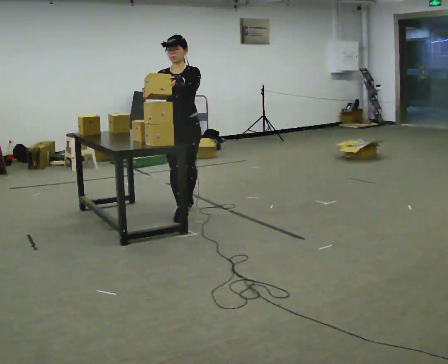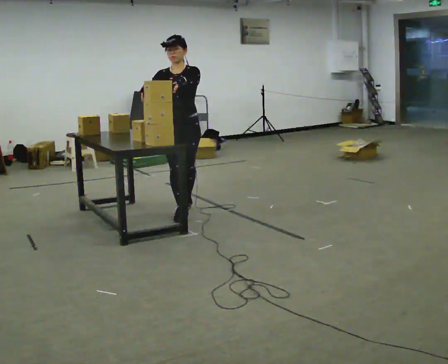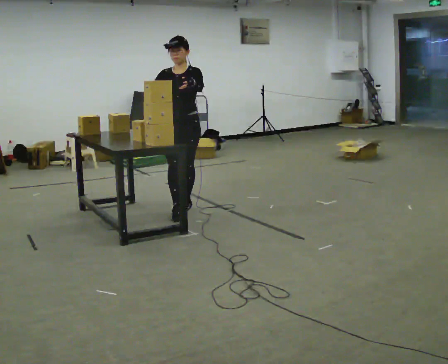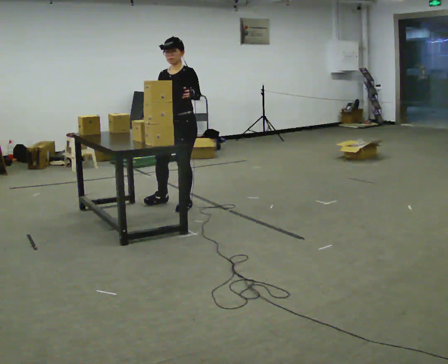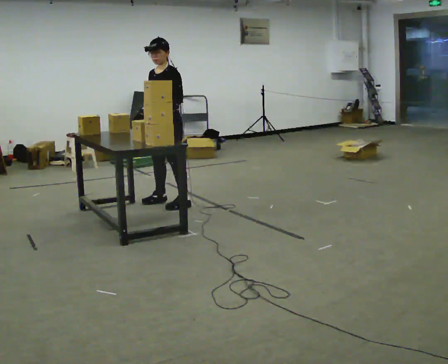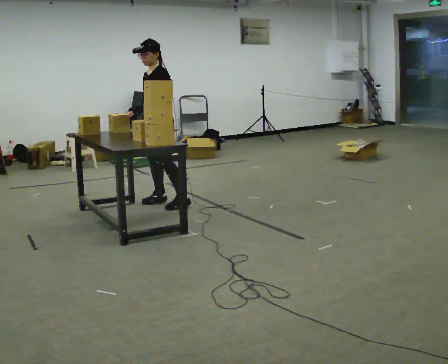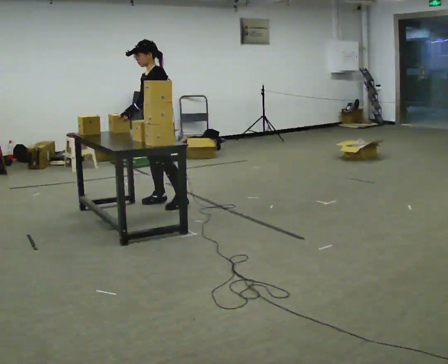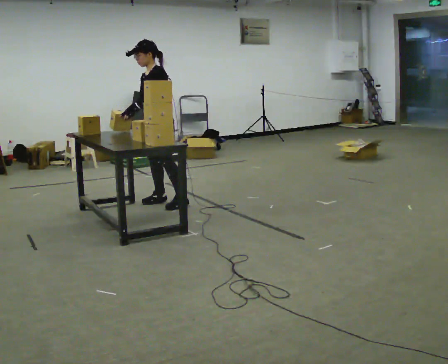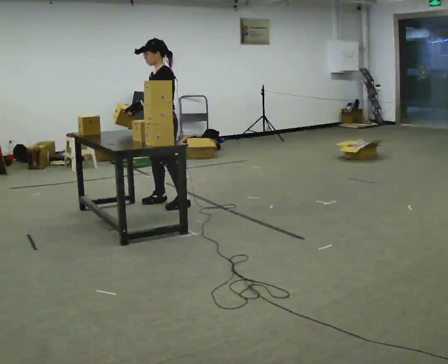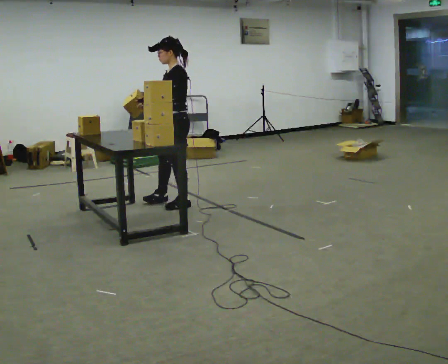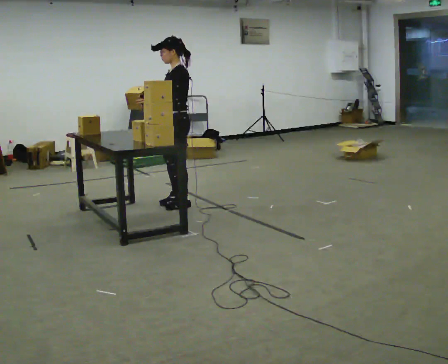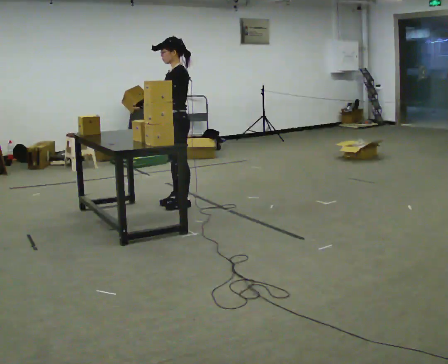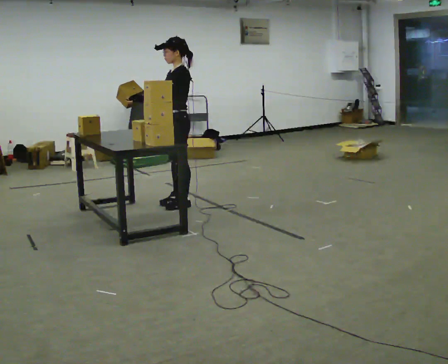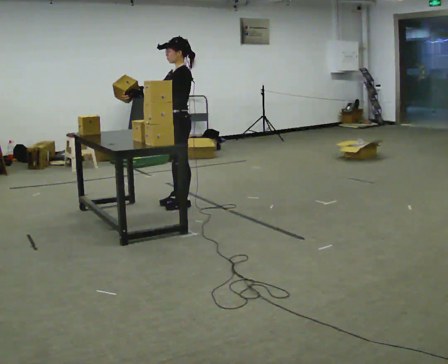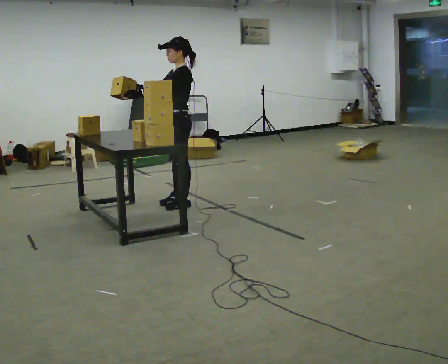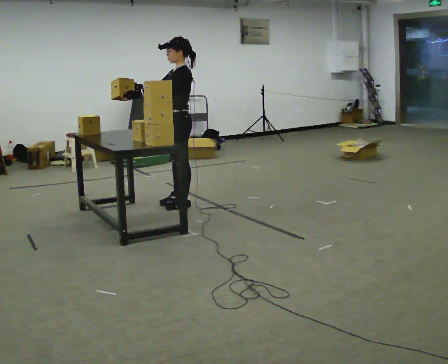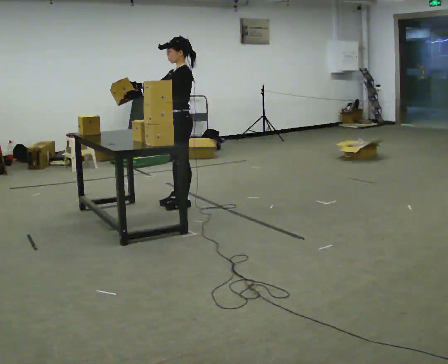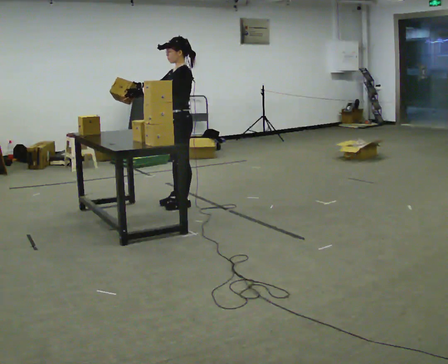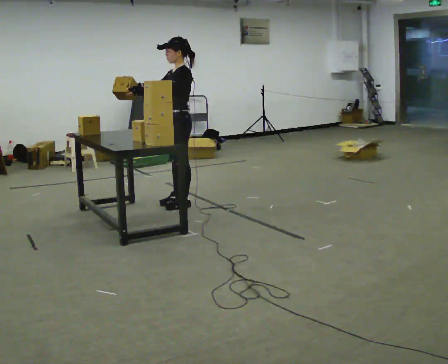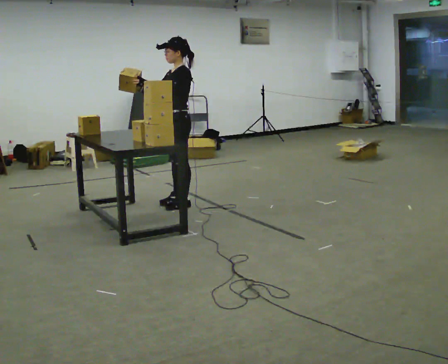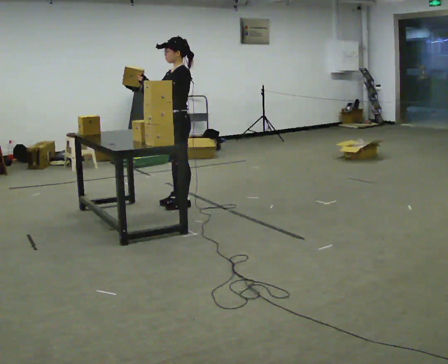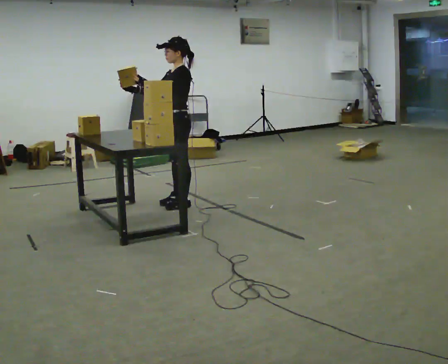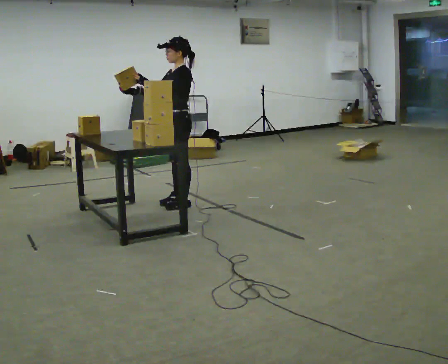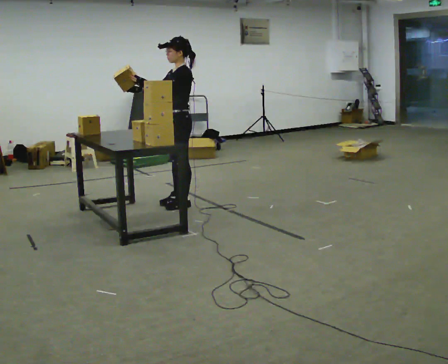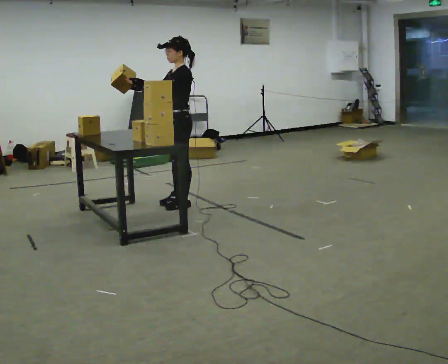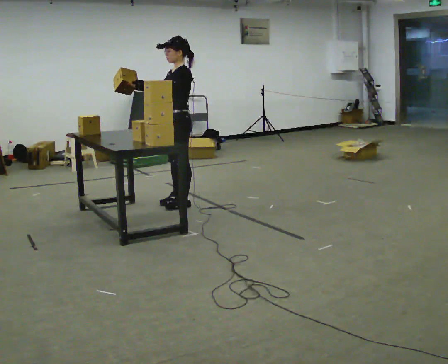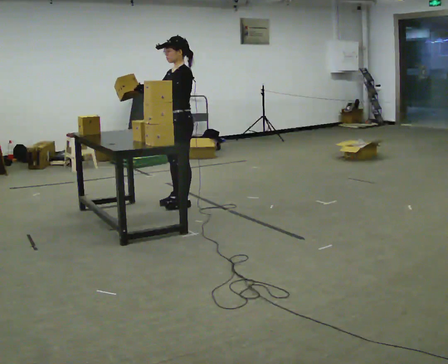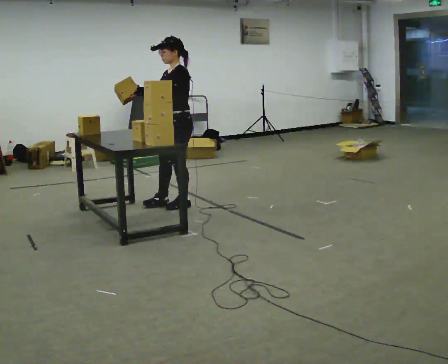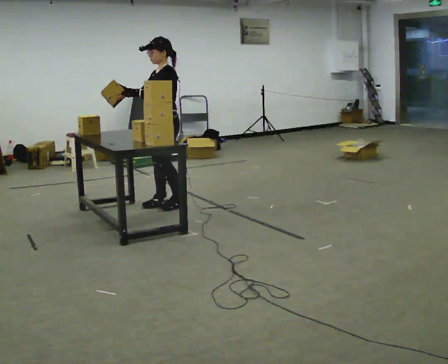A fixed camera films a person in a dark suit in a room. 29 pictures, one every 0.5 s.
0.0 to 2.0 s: Seen from above the body turns clockwise, about 45 degrees: to their right, with its near side sliding to the left. In the picture they go away from the camera, about 0.25 m in 1 step, which for them is backward and to their right.
2.0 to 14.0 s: The person moves a little, or ends about where they began.
The film runs backward here.
